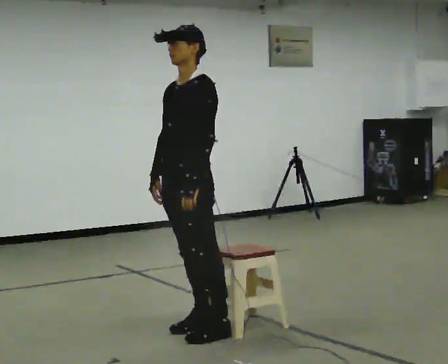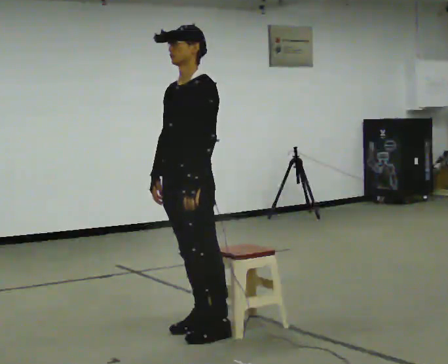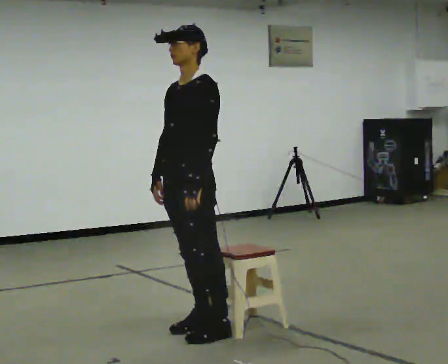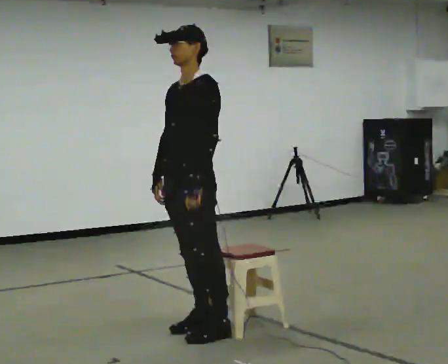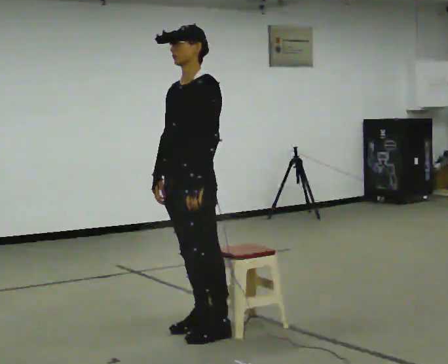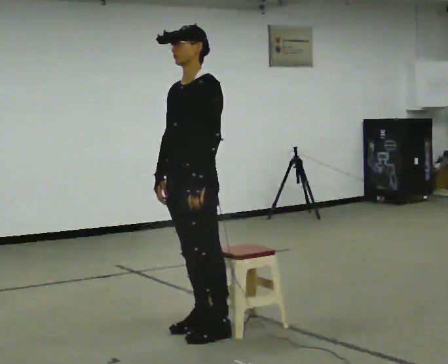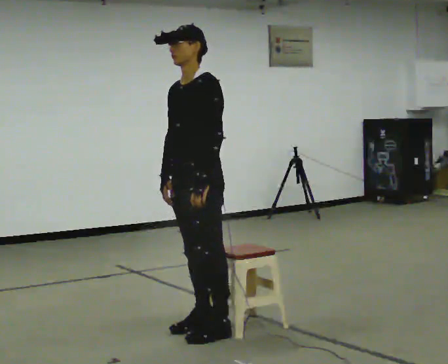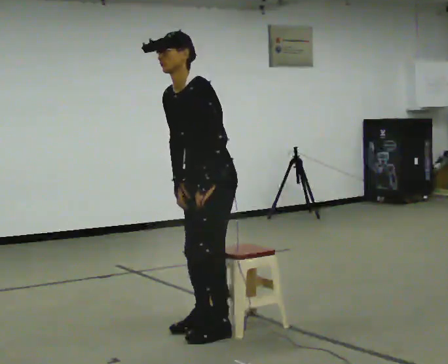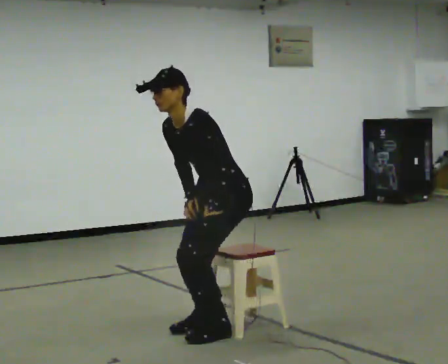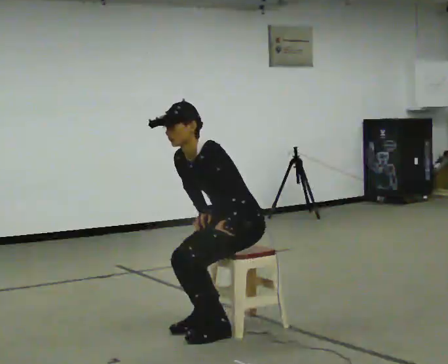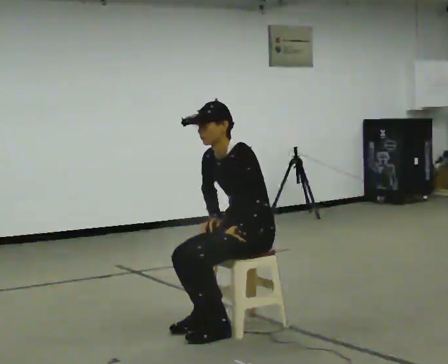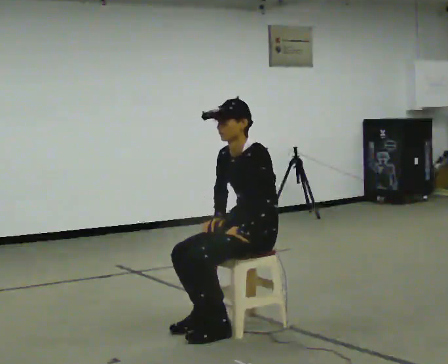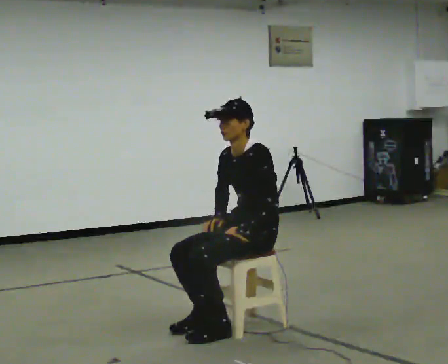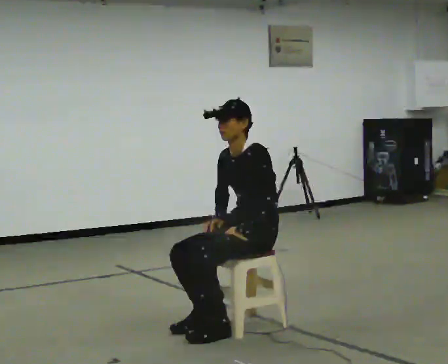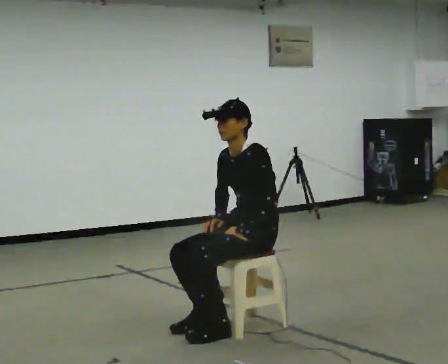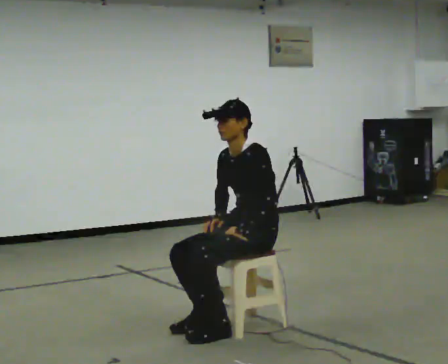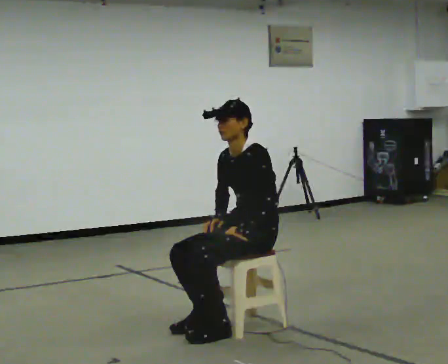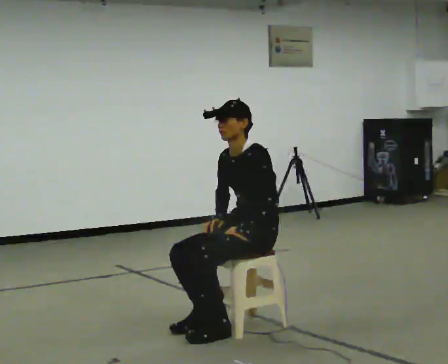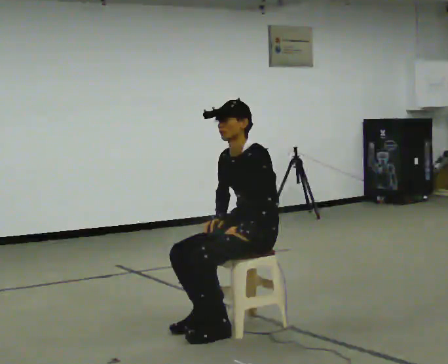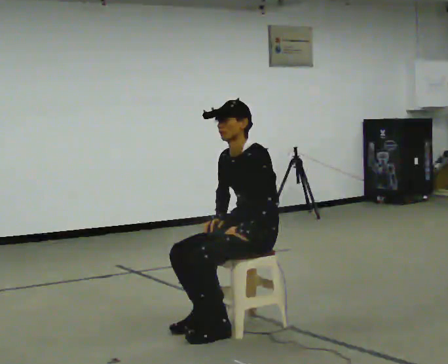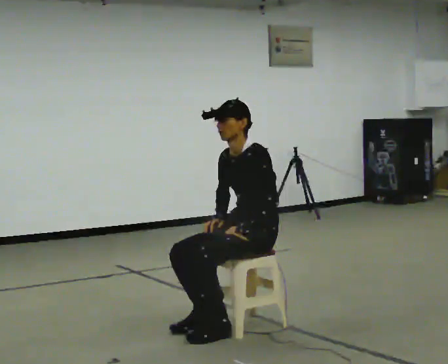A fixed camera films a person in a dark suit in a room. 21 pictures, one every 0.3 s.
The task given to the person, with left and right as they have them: Sit on the chair, stand up, then sit back down. Repeat the movement at your own pace until the operator says stop; do not rush.
0.0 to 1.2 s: The person keeps their place and pose.
1.2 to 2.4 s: In the picture they go to the right, about 0.25 m, which for them is backward. The upper body goes downward. In the picture the upper body tilts counterclockwise, shoulders to the left, as they bend forward.
2.4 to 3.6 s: The upper body goes downward. In the picture the upper body tilts clockwise, shoulders to the right, as they lean back or straighten.
3.6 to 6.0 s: The person keeps their place and pose.
The film runs forward here.
